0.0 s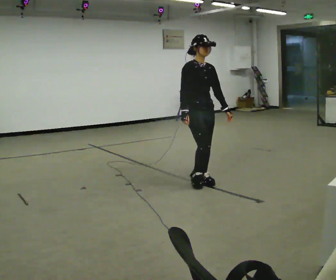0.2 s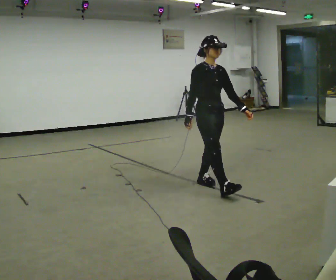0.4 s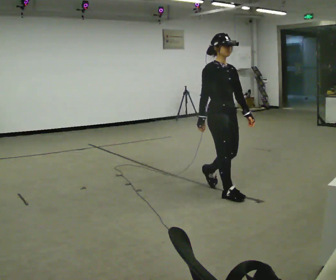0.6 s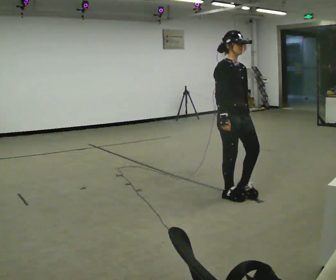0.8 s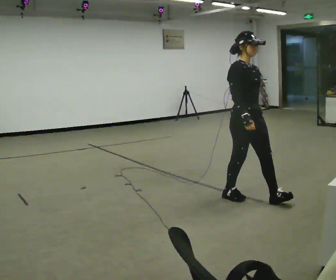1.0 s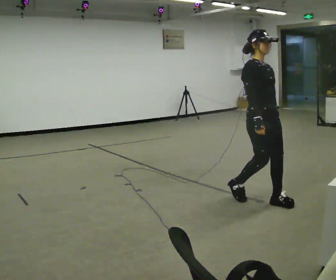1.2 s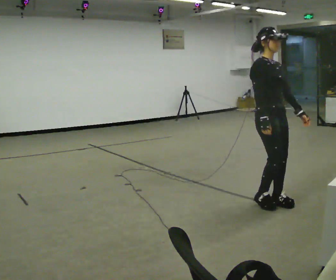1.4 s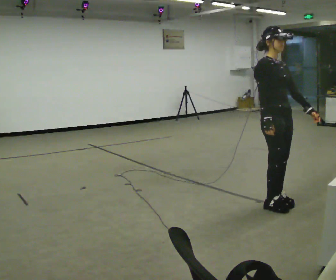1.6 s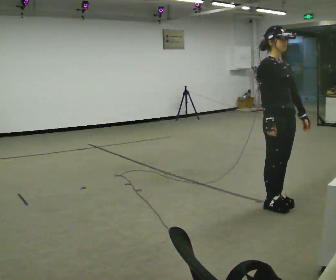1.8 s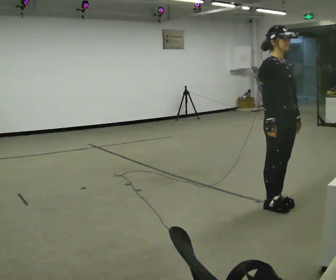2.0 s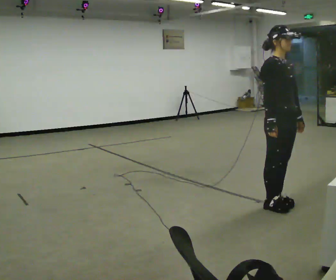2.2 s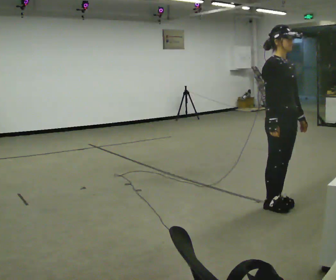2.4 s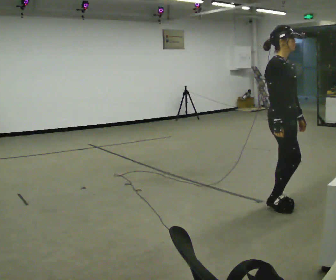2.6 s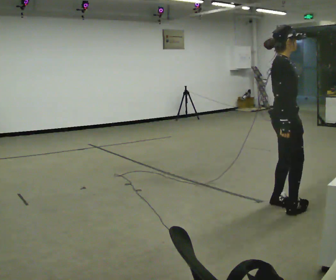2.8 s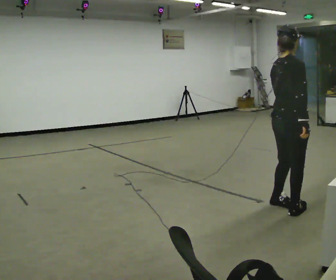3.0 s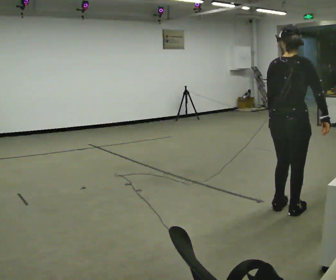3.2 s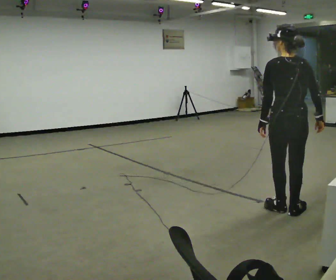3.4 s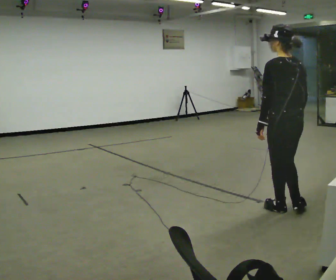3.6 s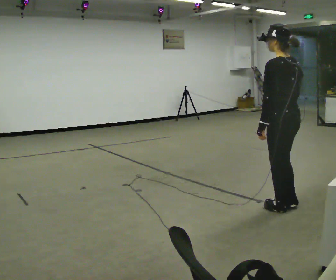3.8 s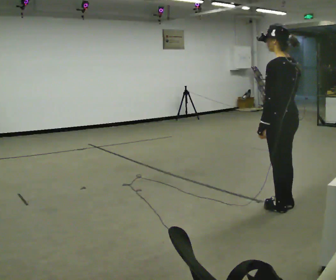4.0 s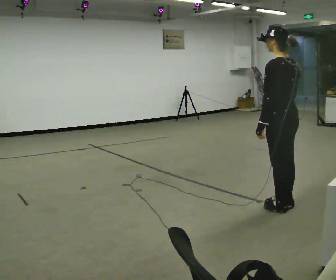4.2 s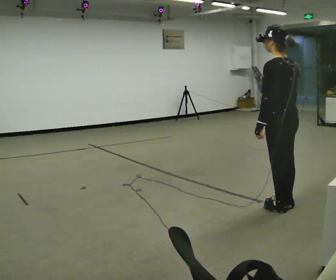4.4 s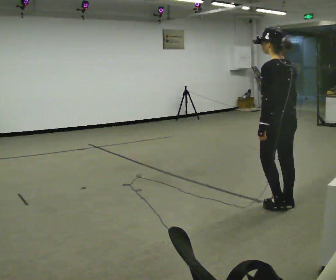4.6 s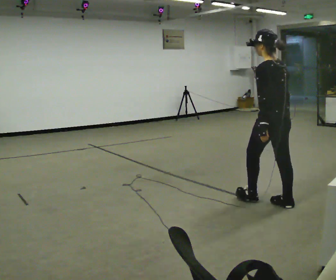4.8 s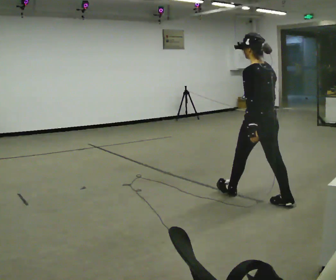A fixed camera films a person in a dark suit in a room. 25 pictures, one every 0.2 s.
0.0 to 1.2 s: In the picture they go to the right and toward the camera, about 1 m in 2 steps, which for them is forward.
1.2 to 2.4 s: The person moves a little, or ends about where they began.
2.4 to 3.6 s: The person turns about 165 degrees to their left, counterclockwise seen from above, so the part of the body nearest the lens slides to the right.
3.6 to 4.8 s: In the picture they go away from the camera and to the left, about 0.25 m in 2 steps, which for them is forward.
The film runs forward here.
